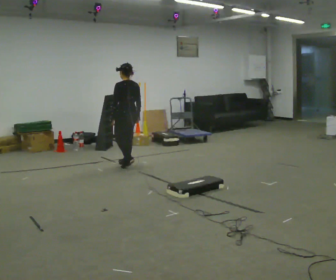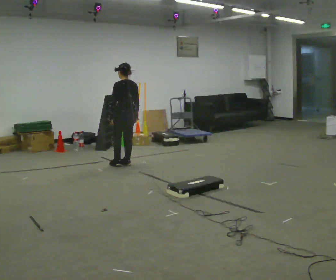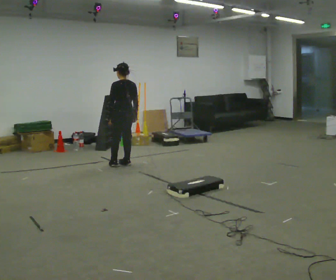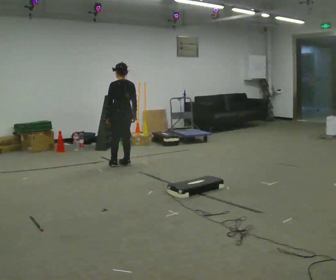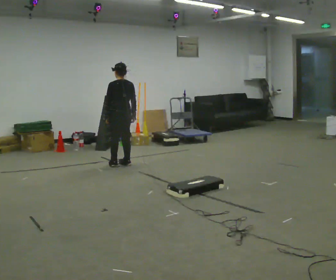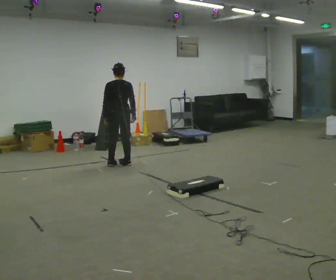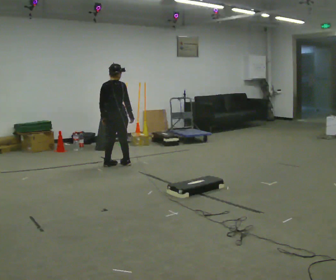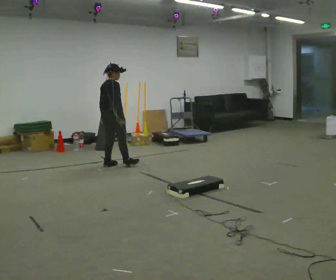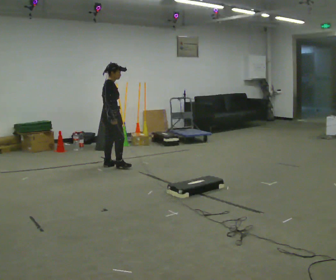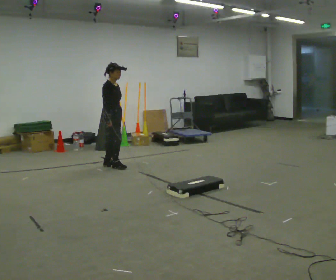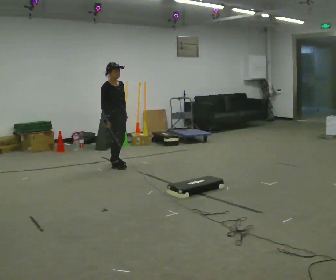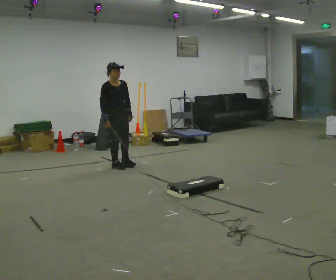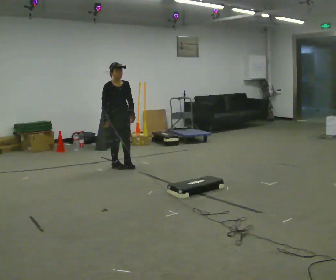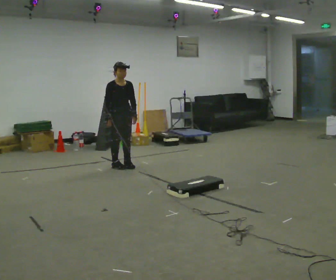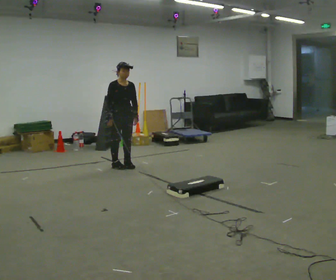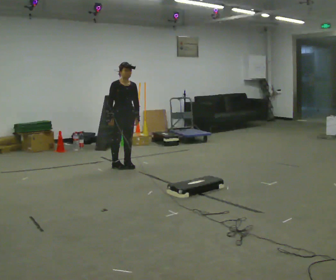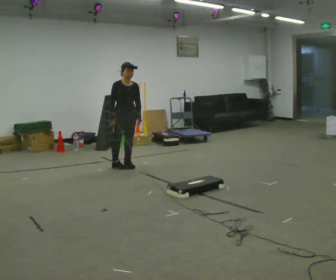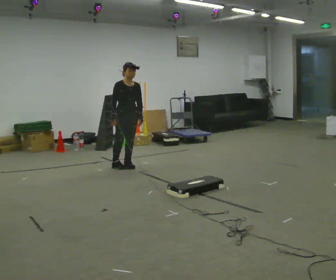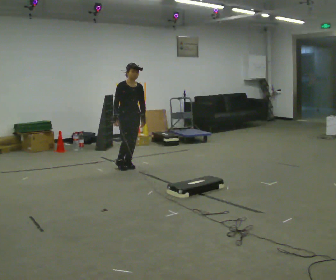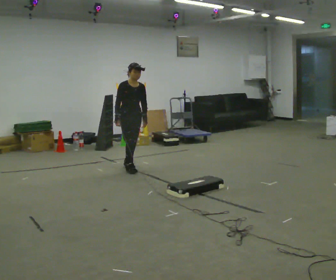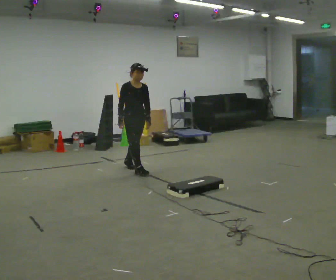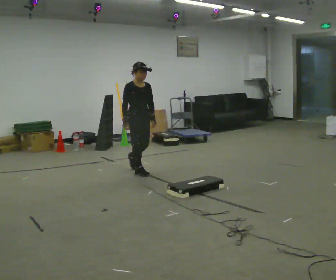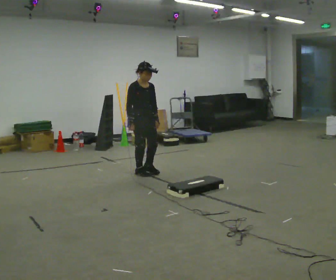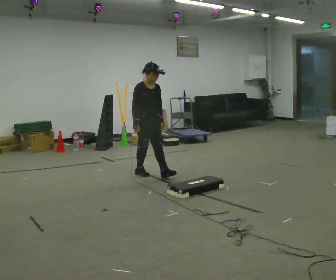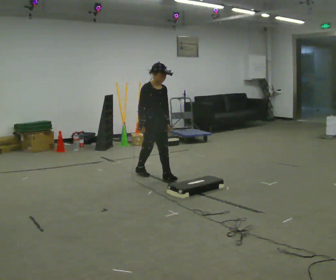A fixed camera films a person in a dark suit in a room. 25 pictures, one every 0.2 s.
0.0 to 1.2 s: The part of the body nearest the lens slides to the left as the person turns to their right by about 60 degrees. In the picture they go to the left, about 0.25 m in 1 step.
1.2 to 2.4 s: The part of the body nearest the lens slides to the left as the person turns to their right by about 120 degrees. In the picture their right hand goes to the left, the arm swinging clockwise.
2.4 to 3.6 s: The person moves a little, or ends about where they began.
3.6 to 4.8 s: In the picture they go toward the camera and to the right, about 0.5 m in 2 steps, which for them is forward.
The film runs forward here.
